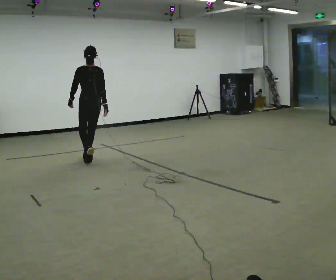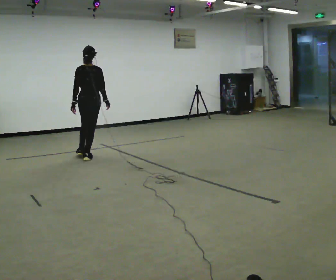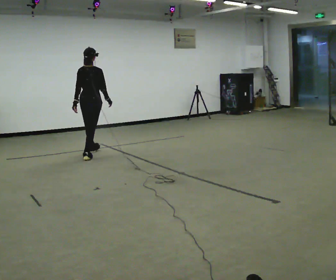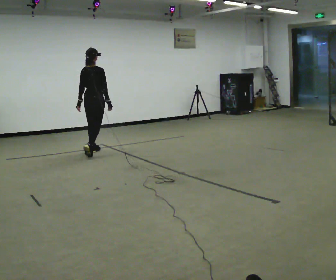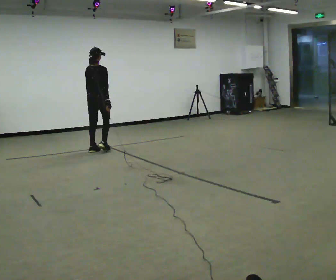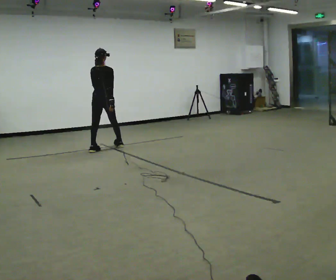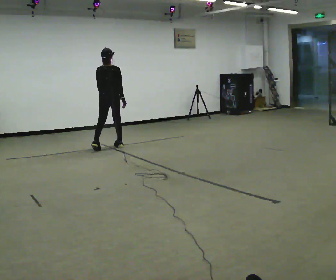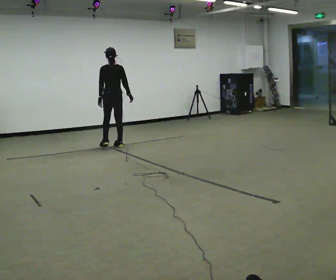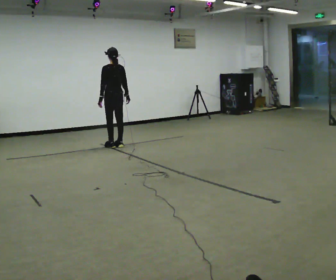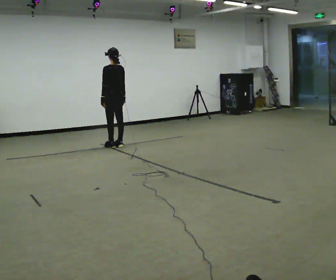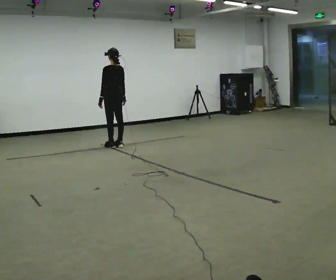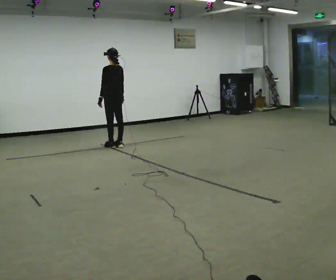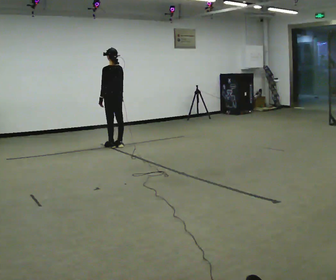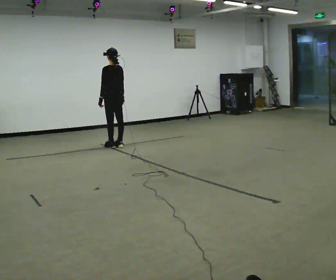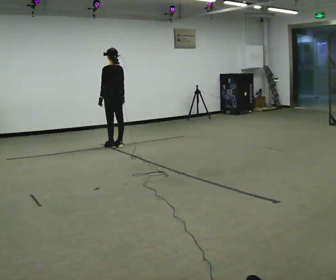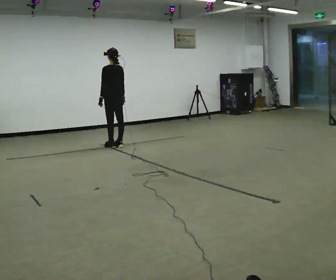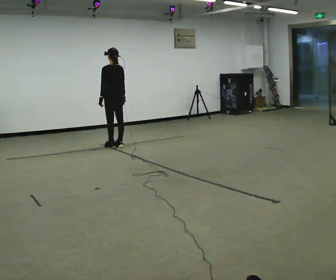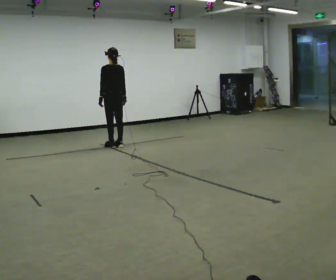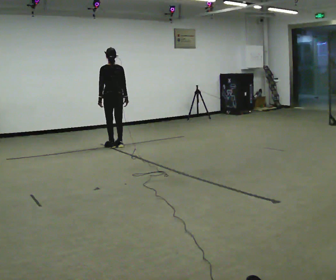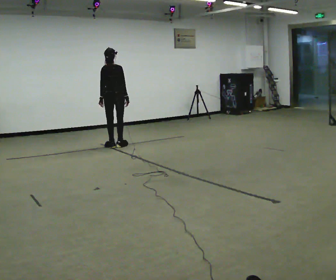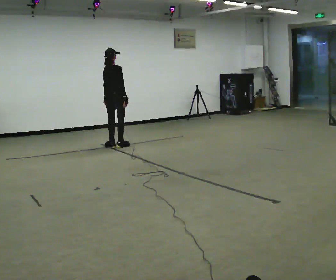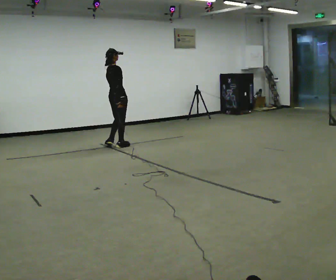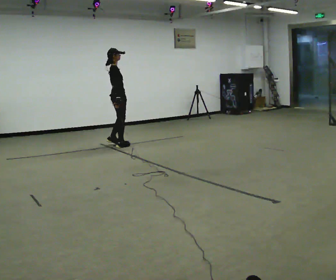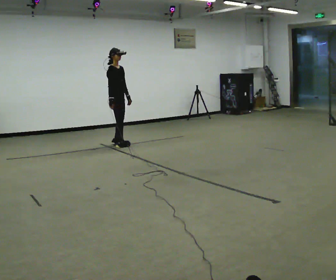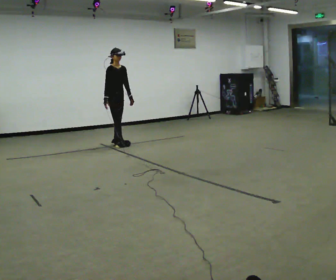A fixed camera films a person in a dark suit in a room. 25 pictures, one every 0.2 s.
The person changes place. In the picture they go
away from the camera.
0.0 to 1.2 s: In the picture they go away from the camera, about 1 m in 2 steps, which for them is forward.
1.2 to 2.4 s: Seen from above the body turns counterclockwise, about 30 degrees: to their left, with its near side sliding to the right.
2.4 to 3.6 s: The part of the body nearest the lens slides to the left as the person turns to their right by about 45 degrees.
3.6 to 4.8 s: The person turns about 135 degrees to their right, clockwise seen from above, so the part of the body nearest the lens slides to the left. In the picture their right hand goes to the left, the arm swinging clockwise.
The film runs forward here.
